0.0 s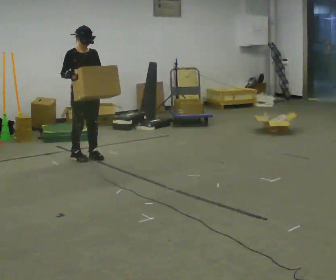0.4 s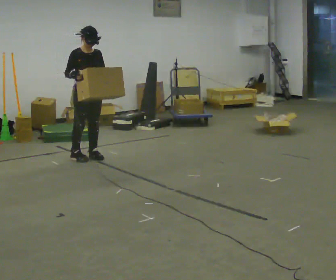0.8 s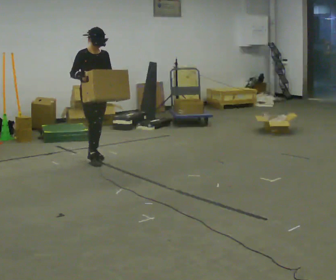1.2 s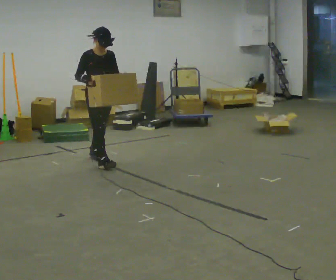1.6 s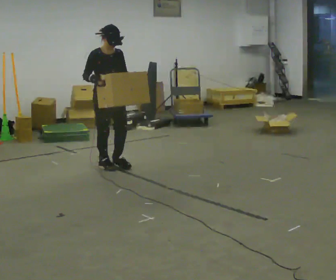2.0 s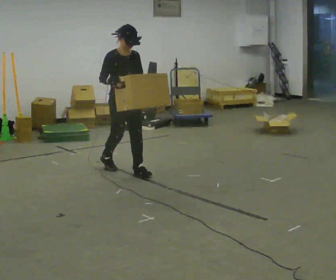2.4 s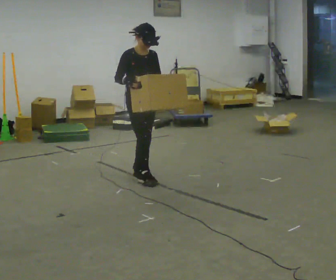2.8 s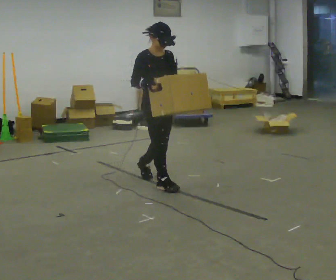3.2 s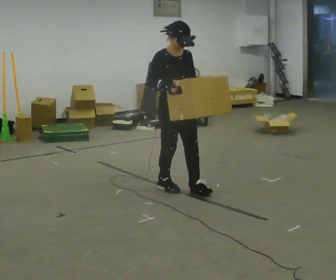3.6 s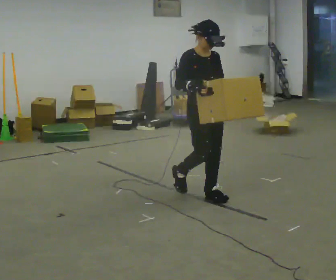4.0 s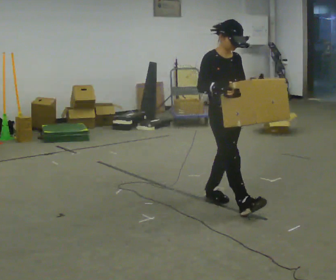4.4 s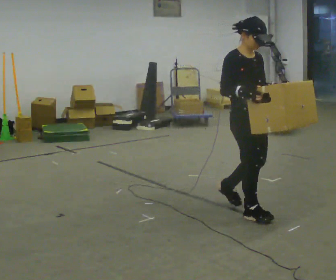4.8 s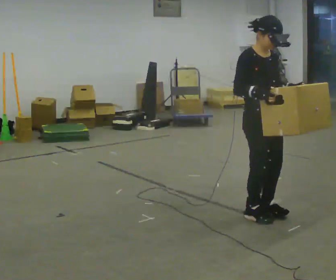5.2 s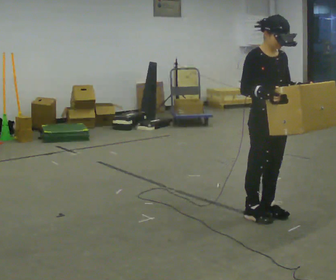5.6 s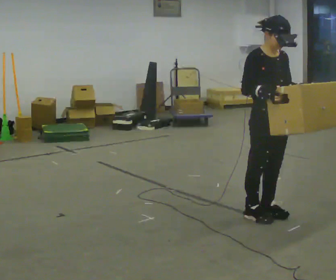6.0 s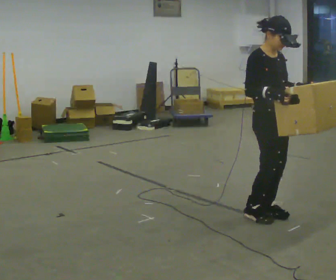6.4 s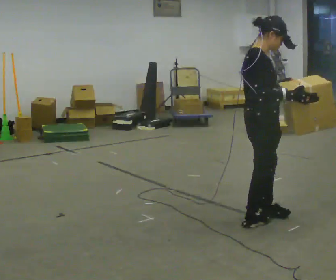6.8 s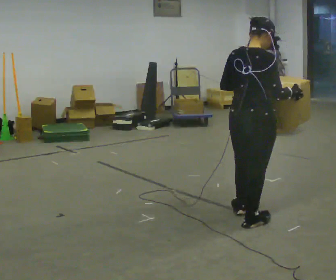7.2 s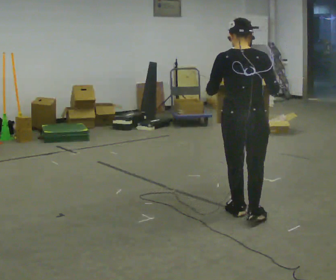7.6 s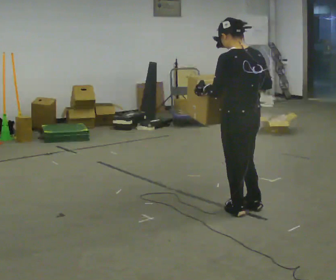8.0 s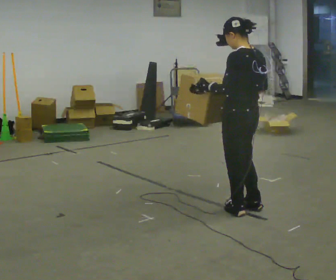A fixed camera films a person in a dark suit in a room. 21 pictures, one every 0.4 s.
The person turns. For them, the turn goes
to their left.
The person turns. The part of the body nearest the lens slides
to the right.
0.0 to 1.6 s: In the picture they go toward the camera and to the right, about 0.5 m in 1 step, which for them is forward.
1.6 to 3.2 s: In the picture they go toward the camera and to the right, about 1 m in 2 steps, which for them is forward.
3.2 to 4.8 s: In the picture they go toward the camera and to the right, about 1 m in 3 steps, which for them is forward.
4.8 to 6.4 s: Seen from above the body turns counterclockwise, about 45 degrees: to their left, with its near side sliding to the right.
6.4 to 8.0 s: Seen from above the body turns counterclockwise, about 135 degrees: to their left, with its near side sliding to the right. In the picture they go away from the camera, about 0.25 m in 1 step.
The film runs forward here.
